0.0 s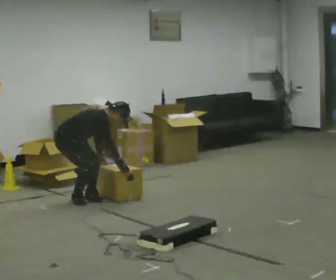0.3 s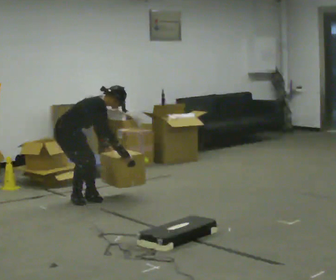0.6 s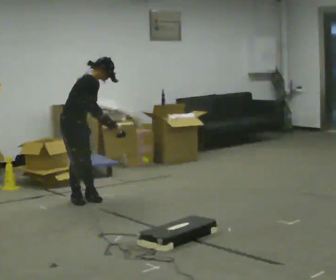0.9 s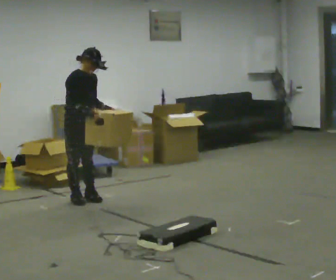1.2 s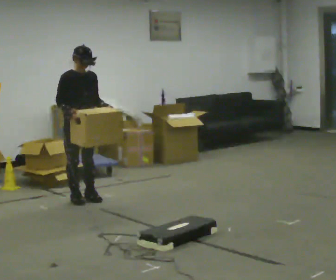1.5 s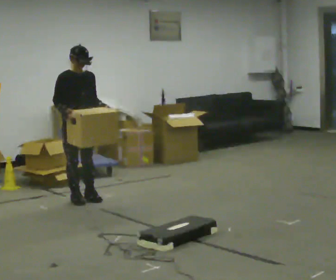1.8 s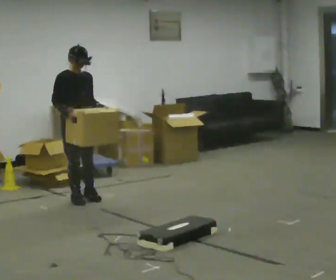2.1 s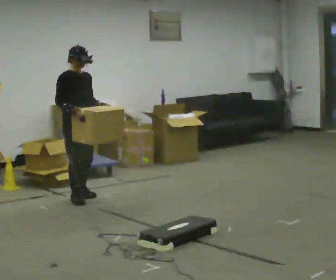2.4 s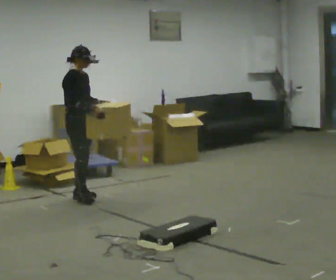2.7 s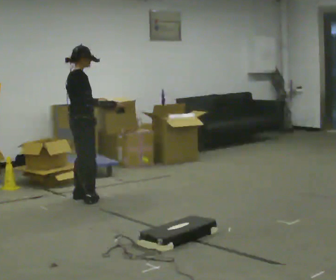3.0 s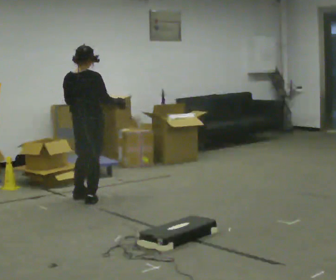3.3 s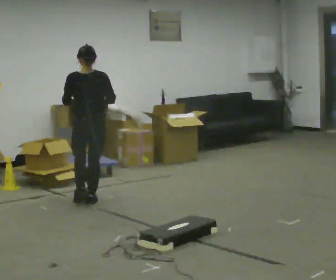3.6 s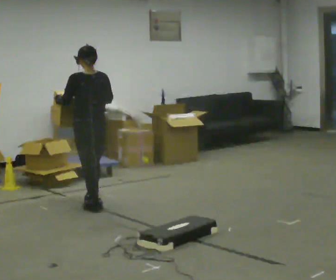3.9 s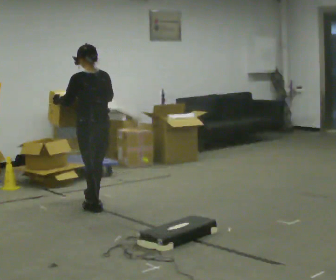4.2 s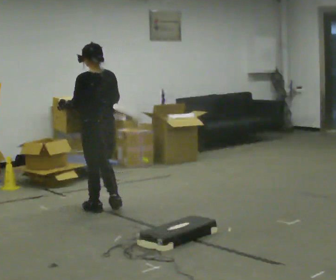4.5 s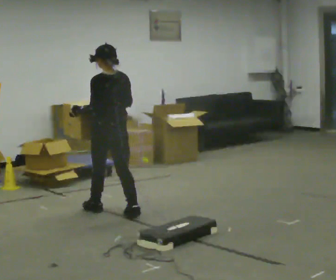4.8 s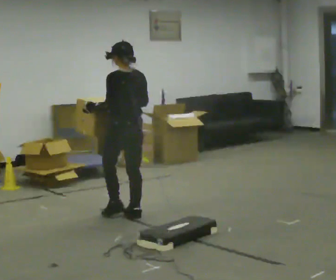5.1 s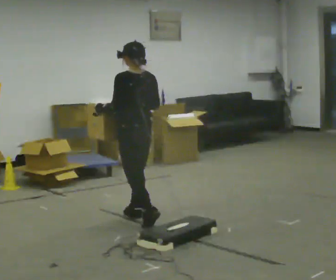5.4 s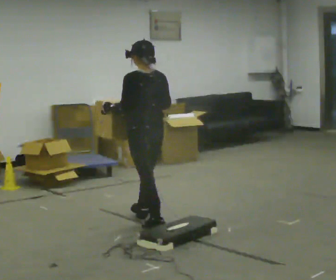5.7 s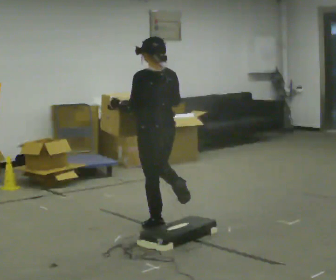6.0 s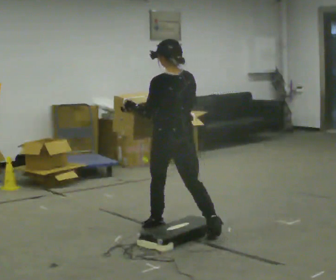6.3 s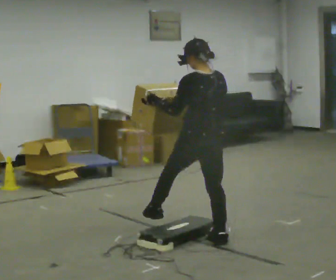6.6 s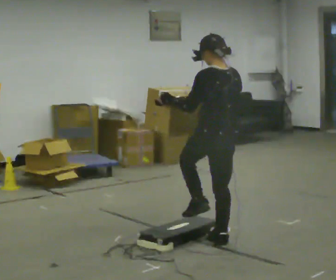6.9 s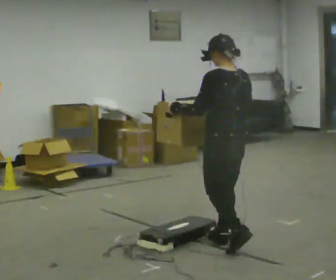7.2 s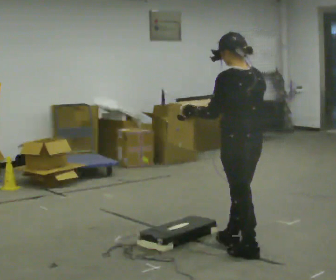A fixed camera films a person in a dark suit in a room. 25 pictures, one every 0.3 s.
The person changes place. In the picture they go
toward the camera.
0.0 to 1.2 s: The person turns about 45 degrees to their right, clockwise seen from above, so the part of the body nearest the lens slides to the left. The upper body goes upward. In the picture the upper body tilts counterclockwise, shoulders to the left, as they lean back or straighten. In the picture their left hand goes upward.
1.2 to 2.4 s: Seen from above the body turns counterclockwise, about 30 degrees: to their left, with its near side sliding to the right.
2.4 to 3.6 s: The part of the body nearest the lens slides to the right as the person turns to their left by about 135 degrees. In the picture they go toward the camera, about 0.25 m in 1 step.
3.6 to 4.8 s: In the picture they go toward the camera and to the right, about 0.5 m in 2 steps, which for them is backward.
4.8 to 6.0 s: In the picture they go toward the camera and to the right, about 0.75 m in 1 step, which for them is backward.
6.0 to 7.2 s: In the picture they go toward the camera and to the right, about 0.5 m in 2 steps, which for them is backward.
The film runs backward here.
